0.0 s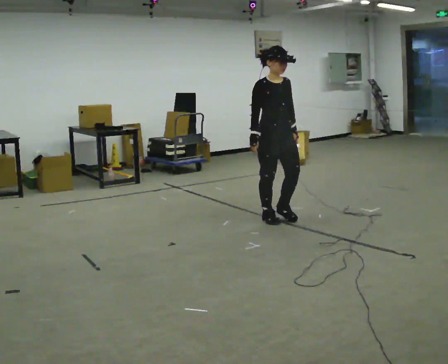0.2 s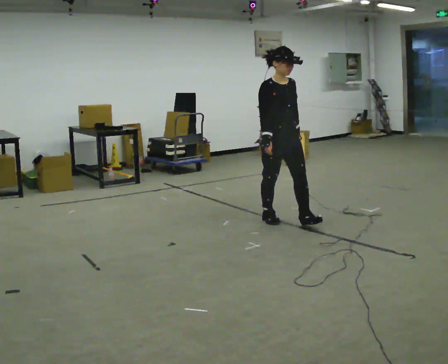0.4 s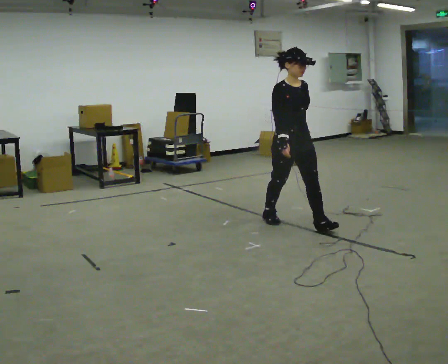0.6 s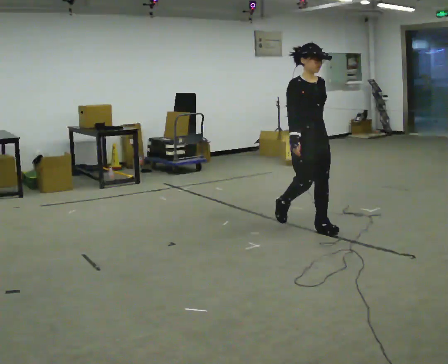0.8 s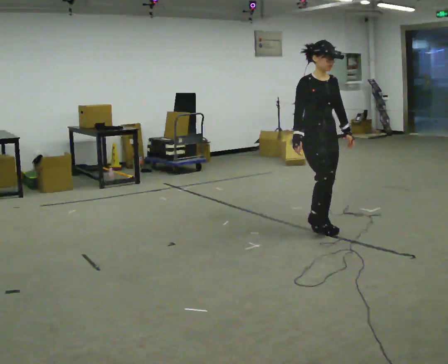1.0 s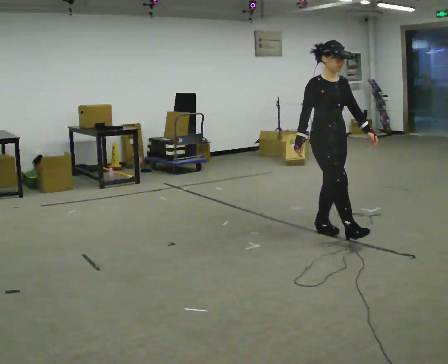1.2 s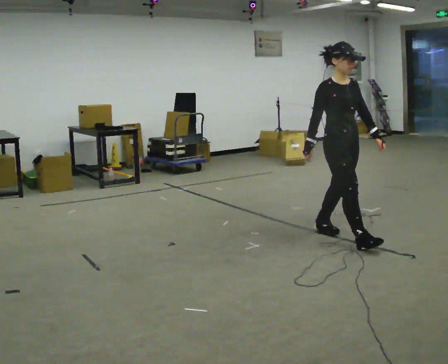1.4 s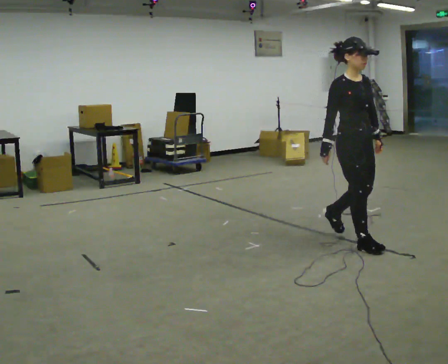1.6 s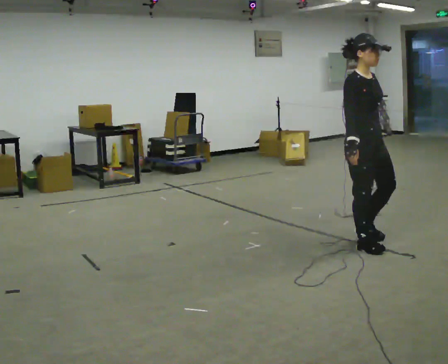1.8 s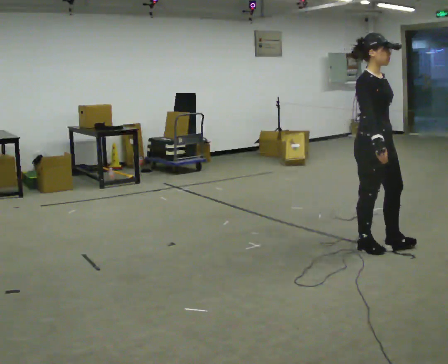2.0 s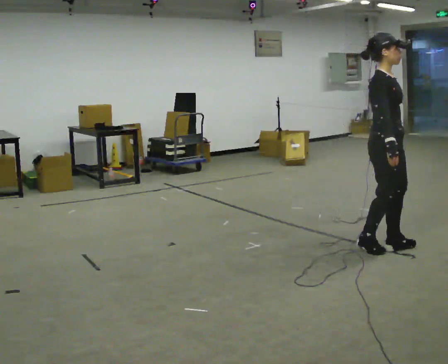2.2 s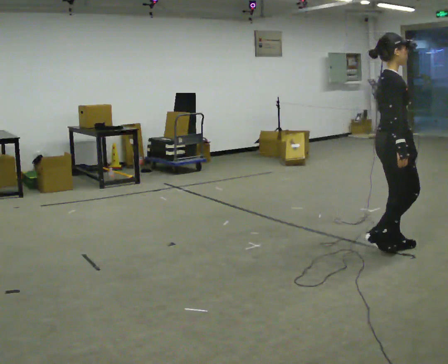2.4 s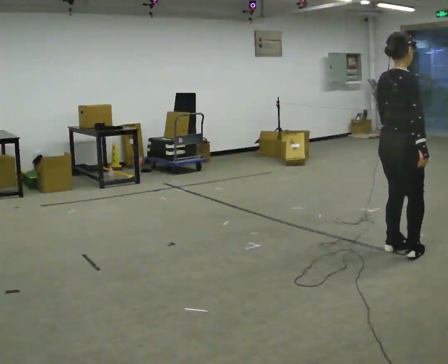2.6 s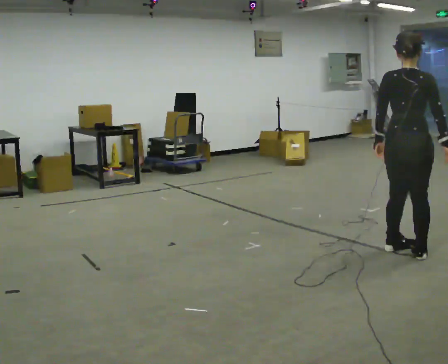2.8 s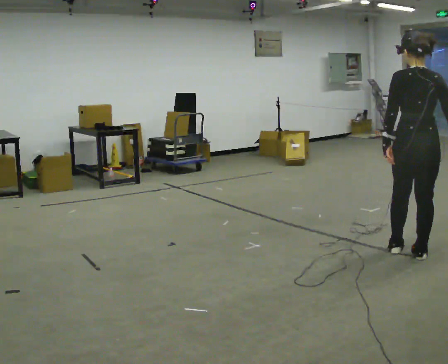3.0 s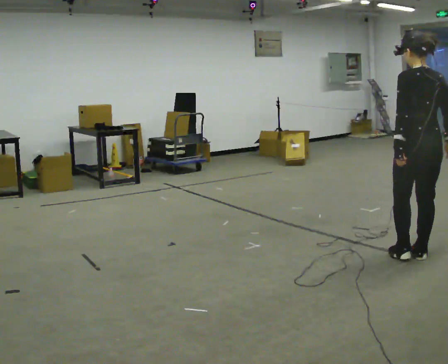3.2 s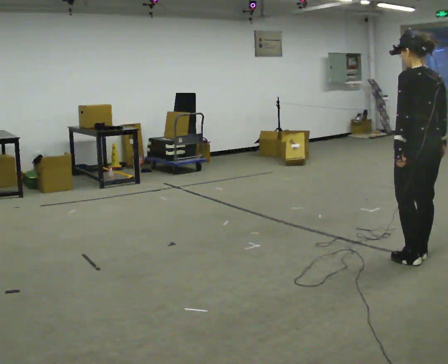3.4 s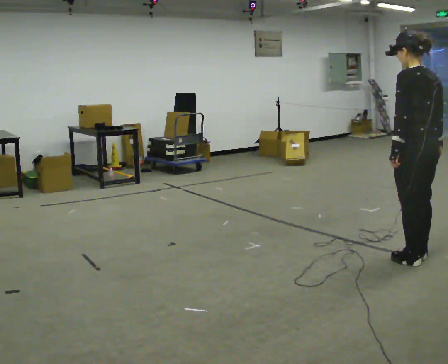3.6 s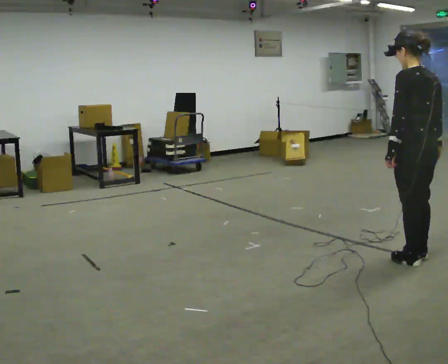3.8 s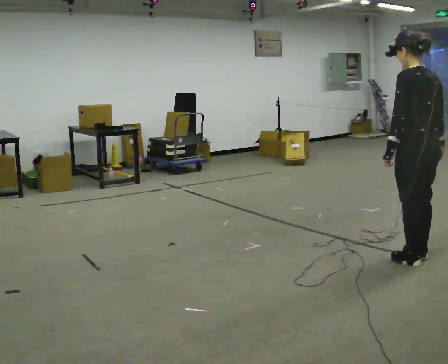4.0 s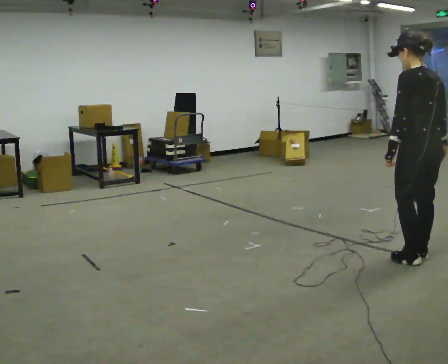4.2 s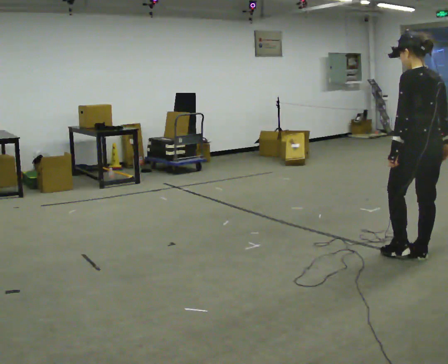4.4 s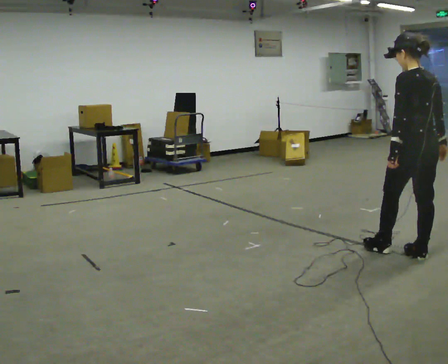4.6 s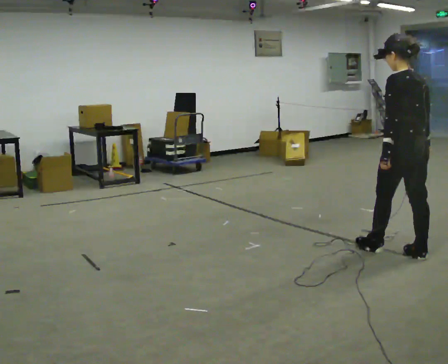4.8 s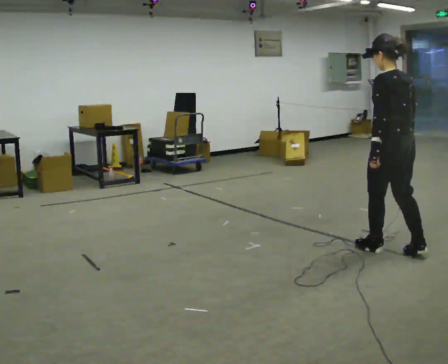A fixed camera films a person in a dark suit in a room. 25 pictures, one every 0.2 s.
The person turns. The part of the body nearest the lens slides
to the right.
The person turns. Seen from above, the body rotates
counterclockwise.
0.0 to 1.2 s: In the picture they go to the right and toward the camera, about 1 m in 2 steps, which for them is forward.
1.2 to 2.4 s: Seen from above the body turns counterclockwise, about 75 degrees: to their left, with its near side sliding to the right. In the picture they go to the right and toward the camera, about 0.5 m in 1 step.
2.4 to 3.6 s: The person turns about 90 degrees to their left, counterclockwise seen from above, so the part of the body nearest the lens slides to the right. In the picture they go toward the camera, about 0.25 m in 2 steps.
3.6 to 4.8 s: In the picture they go away from the camera and to the left, about 0.25 m in 1 step, which for them is forward.
The film runs forward here.
